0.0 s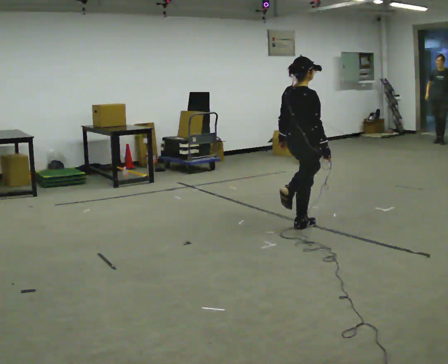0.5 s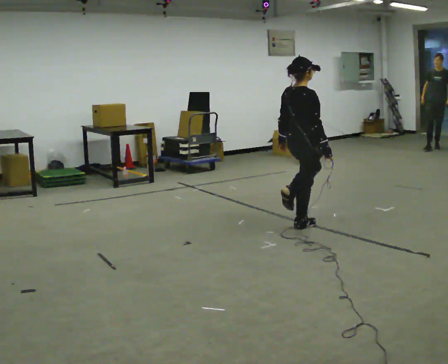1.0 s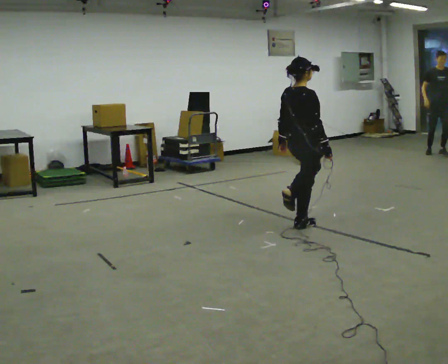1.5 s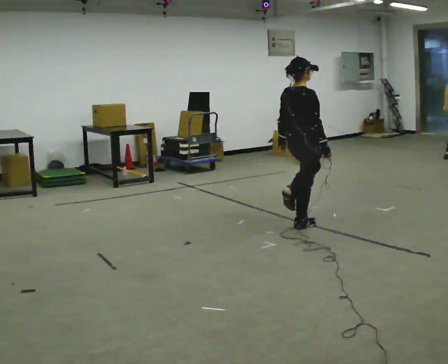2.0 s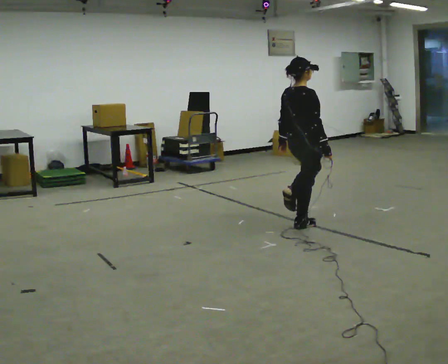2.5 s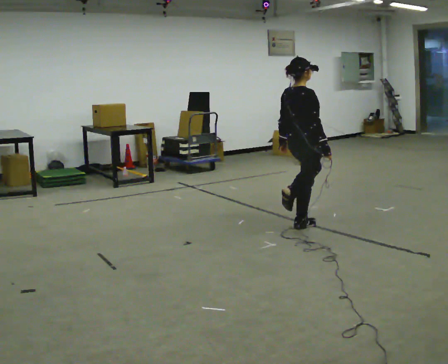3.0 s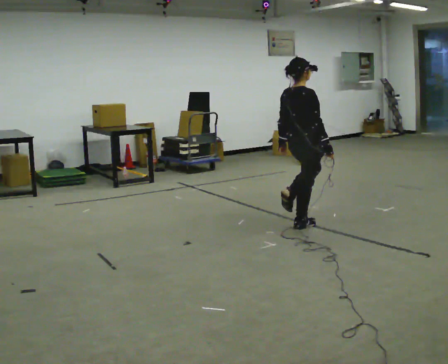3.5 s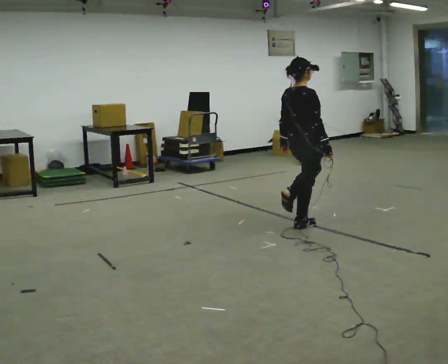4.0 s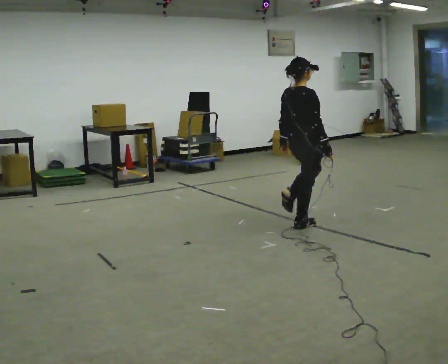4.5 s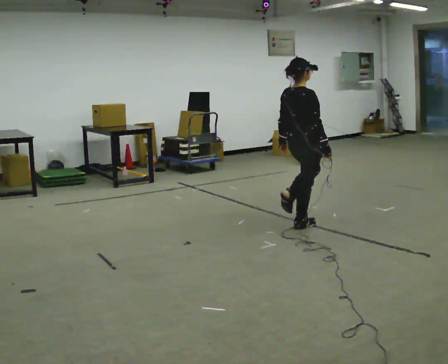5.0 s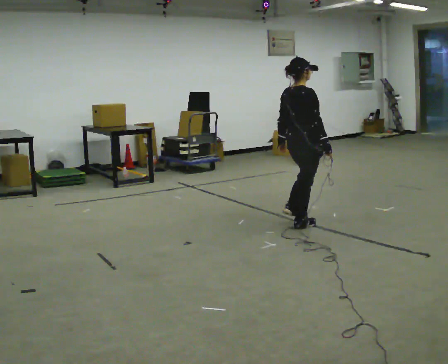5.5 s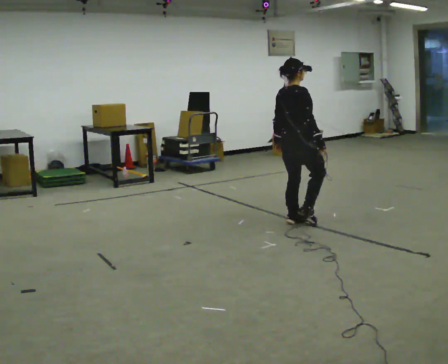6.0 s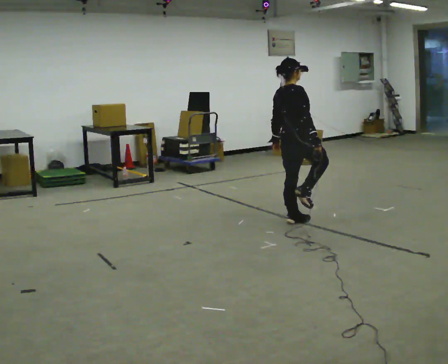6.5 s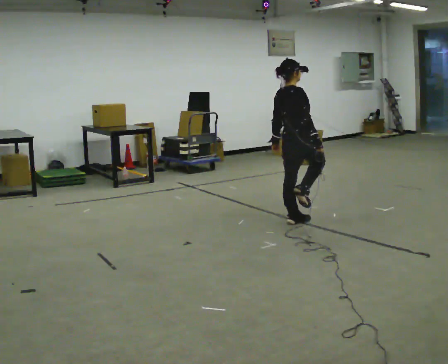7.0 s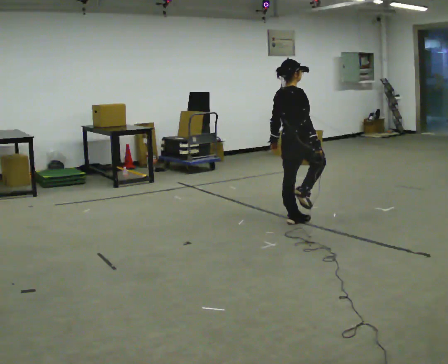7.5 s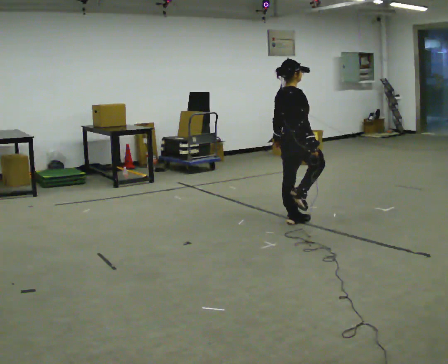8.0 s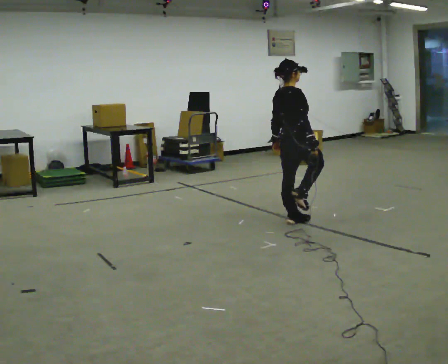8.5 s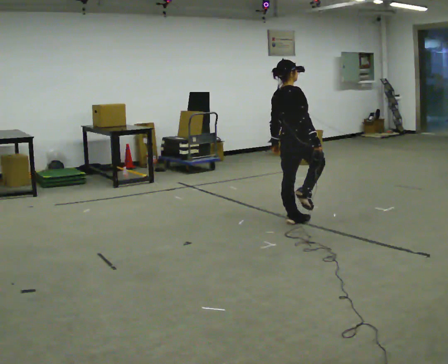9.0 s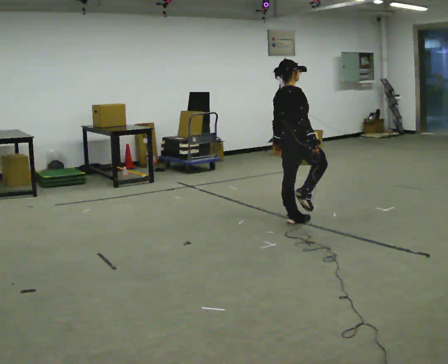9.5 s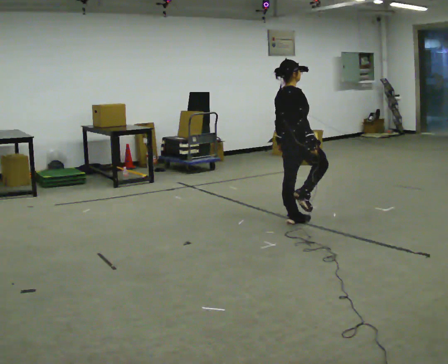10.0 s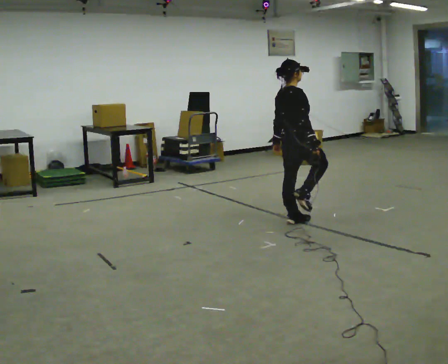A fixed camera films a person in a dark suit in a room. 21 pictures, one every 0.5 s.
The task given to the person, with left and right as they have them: Stand on one foot on the marked spot, on the side the operator calls. Hold it until you genuinely lose your balance, then put the other foot down. Repeat at your own pace until the operator says stop. Go slowly and only as far as you are comfortable. Step whenever you need to; do not try to hold on longer than feels safe.
0.0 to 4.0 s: The person moves a little, or ends about where they began.
4.0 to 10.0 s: In the picture they go away from the camera, about 0.25 m, which for them is to their left.
The film runs forward here.
